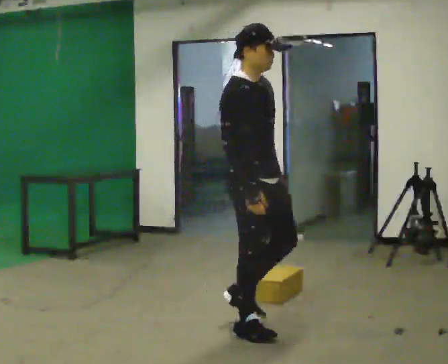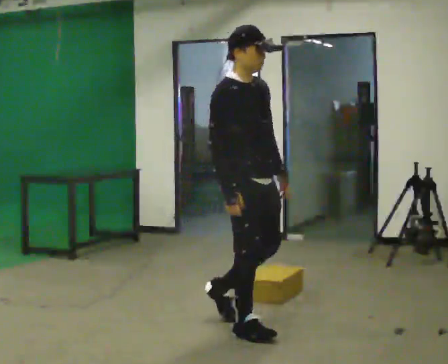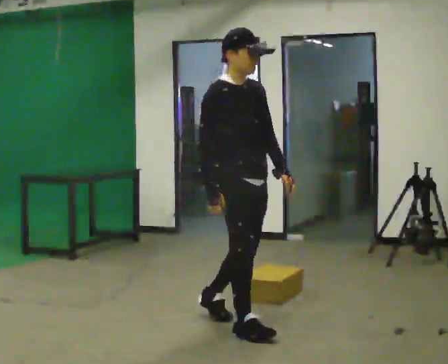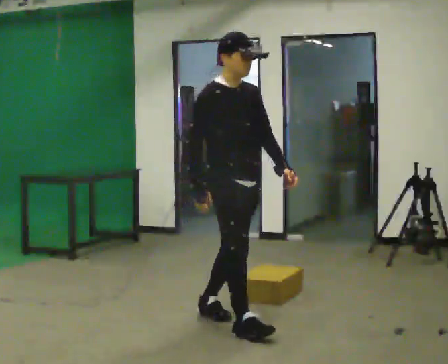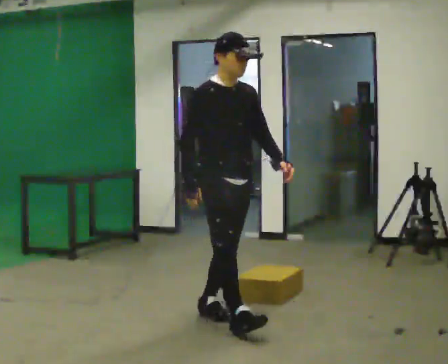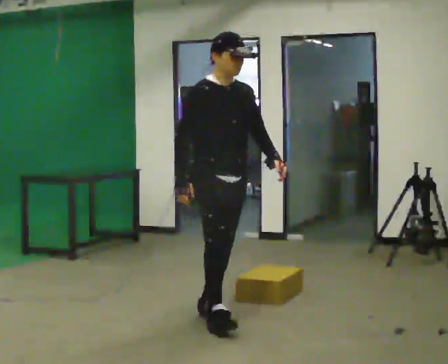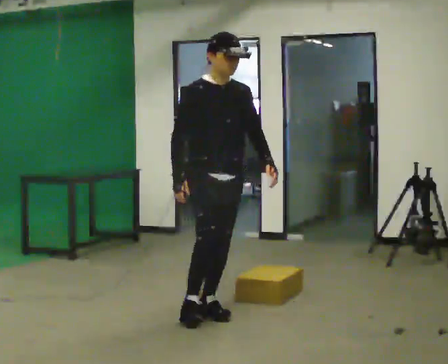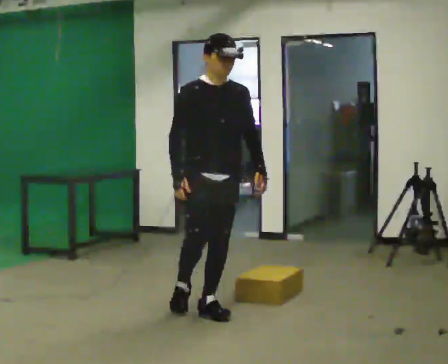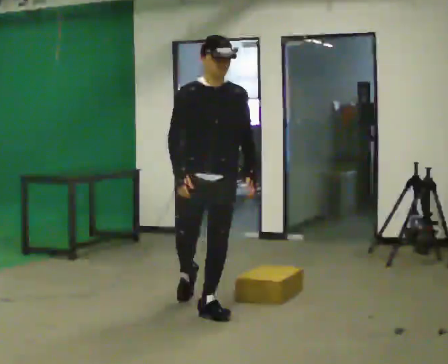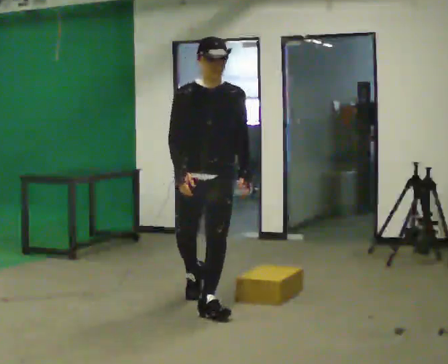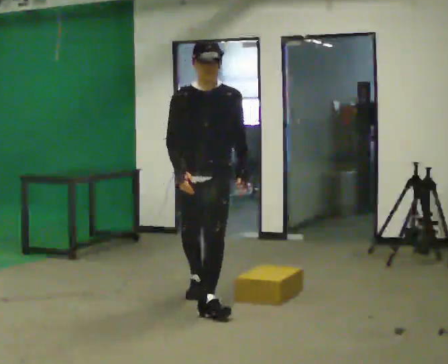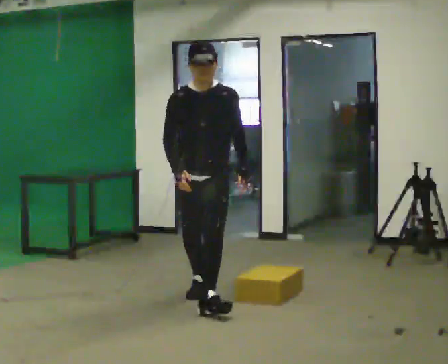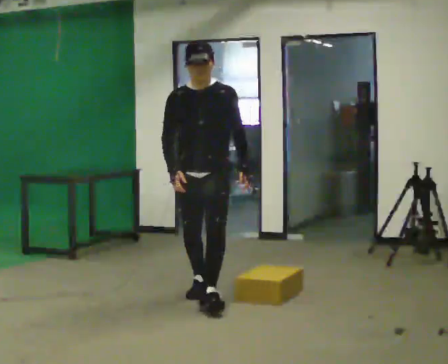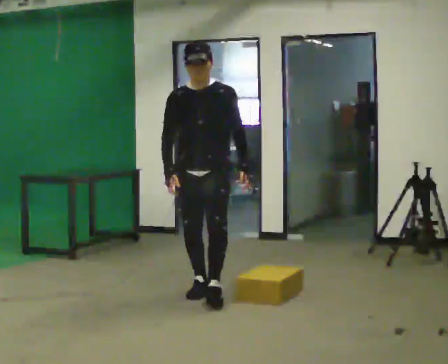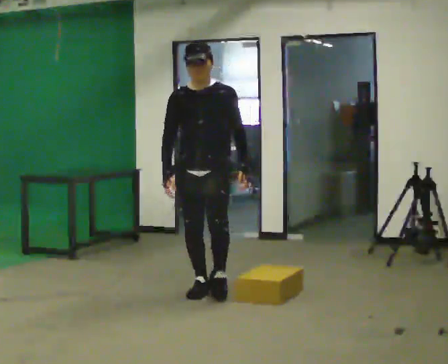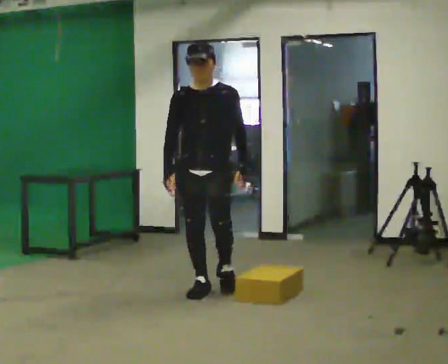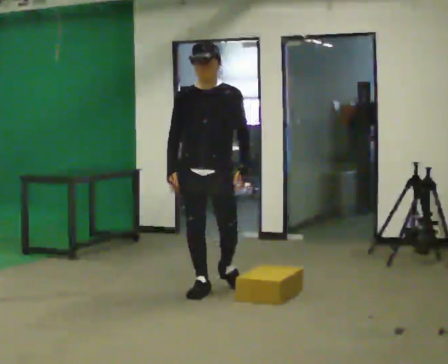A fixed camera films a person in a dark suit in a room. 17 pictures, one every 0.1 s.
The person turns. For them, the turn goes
to their right.
The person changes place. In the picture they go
away from the camera.
0.0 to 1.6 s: Seen from above the body turns clockwise, about 60 degrees: to their right, with its near side sliding to the left. In the picture they go away from the camera, about 1 m in 2 steps.
The film runs backward here.
